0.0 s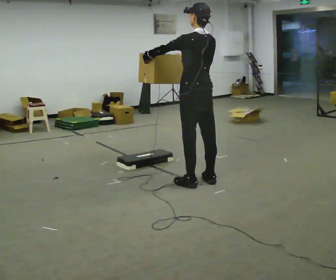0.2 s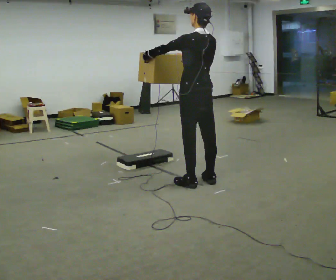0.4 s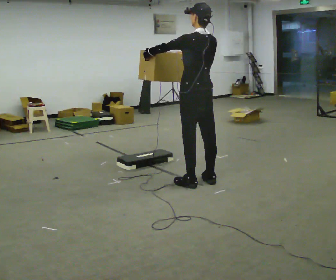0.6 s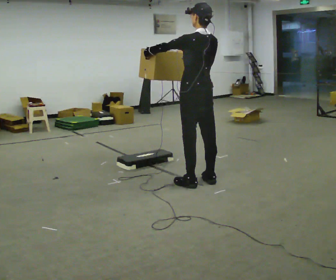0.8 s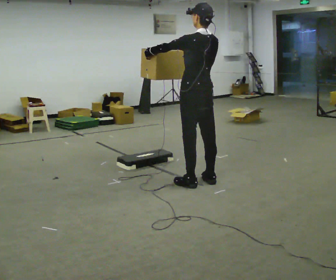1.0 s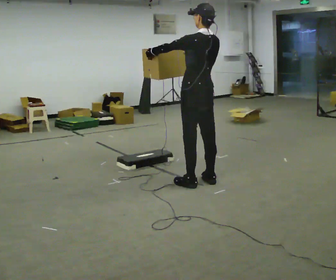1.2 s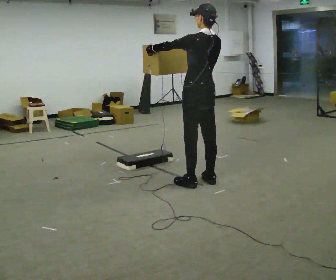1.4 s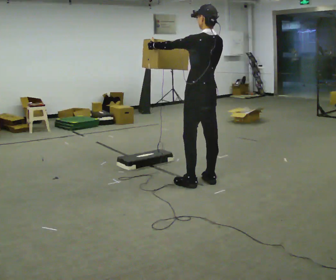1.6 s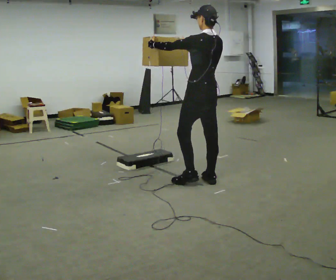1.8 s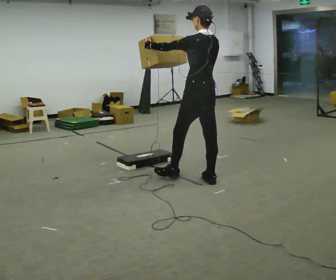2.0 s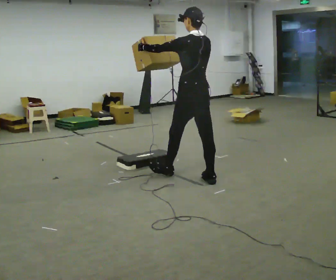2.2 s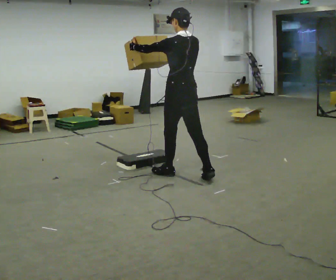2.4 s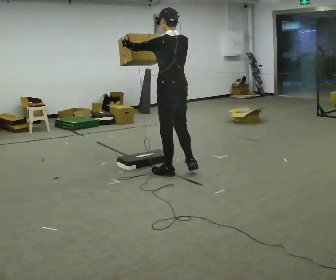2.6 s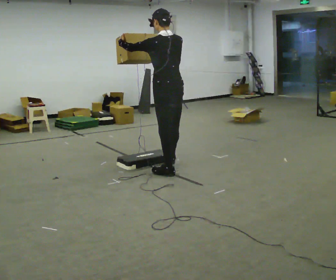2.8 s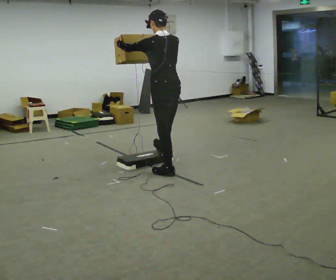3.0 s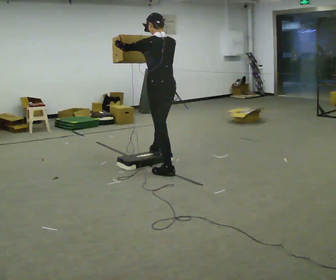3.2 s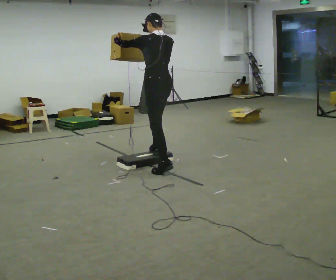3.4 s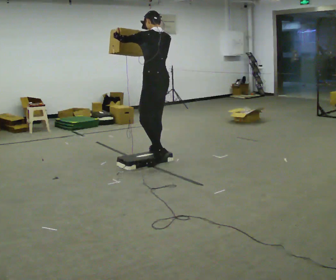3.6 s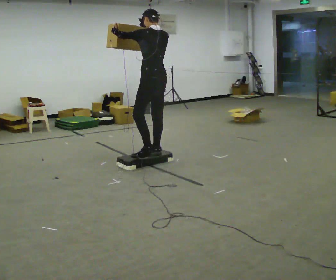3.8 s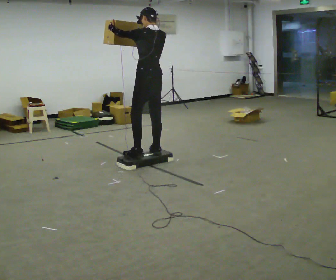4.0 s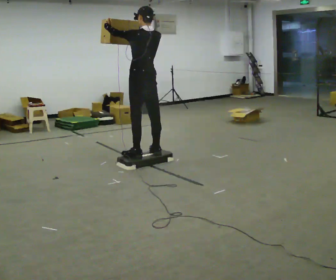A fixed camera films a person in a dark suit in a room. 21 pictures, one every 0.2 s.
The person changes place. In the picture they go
to the left.
0.0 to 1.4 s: The person moves a little, or ends about where they began.
1.4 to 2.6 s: In the picture they go to the left, about 0.5 m in 1 step, which for them is forward.
2.6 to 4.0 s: In the picture they go to the left and away from the camera, about 0.5 m in 2 steps, which for them is forward.
The film runs forward here.
